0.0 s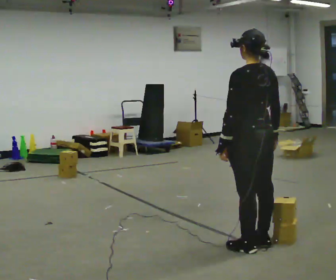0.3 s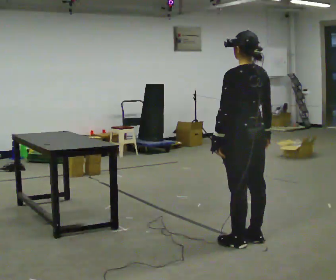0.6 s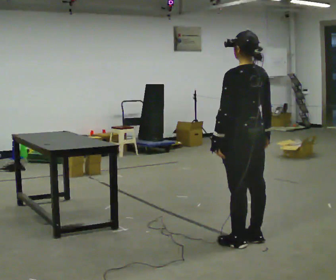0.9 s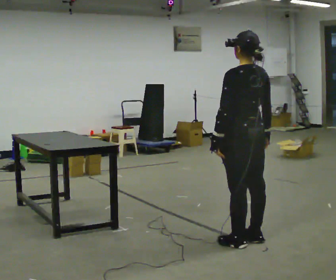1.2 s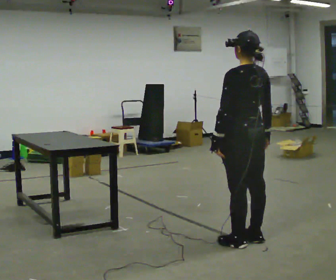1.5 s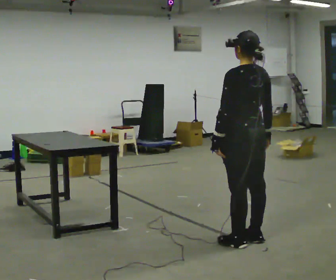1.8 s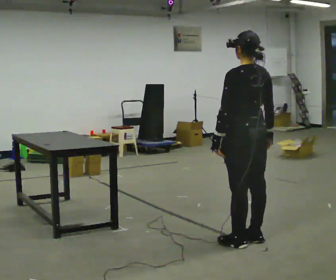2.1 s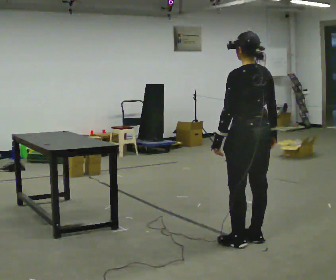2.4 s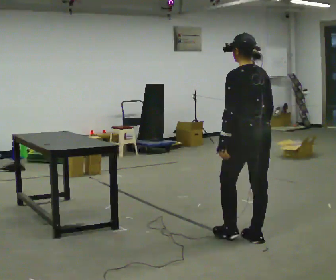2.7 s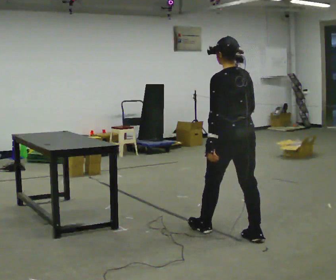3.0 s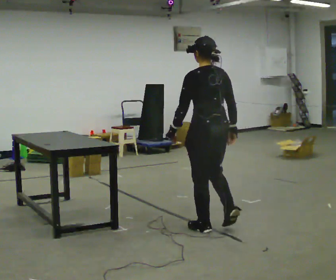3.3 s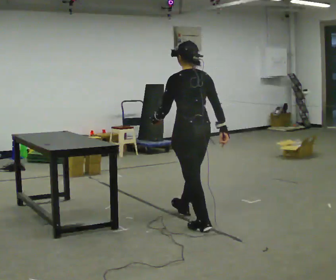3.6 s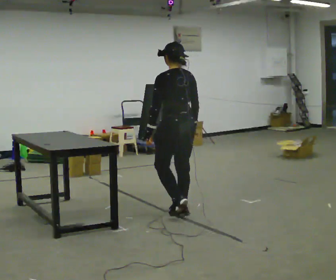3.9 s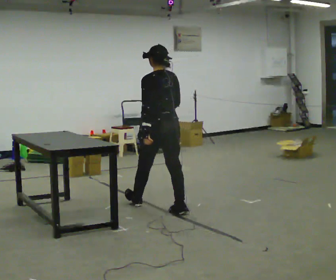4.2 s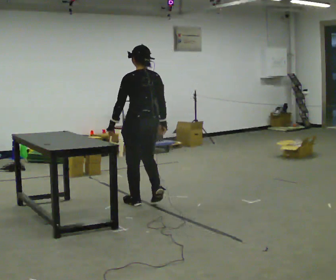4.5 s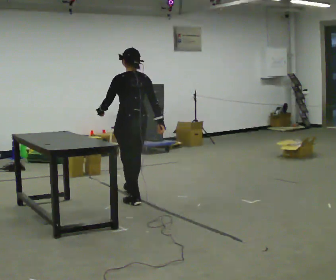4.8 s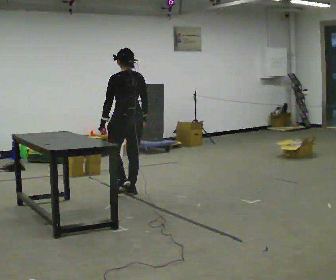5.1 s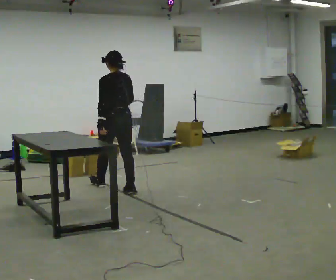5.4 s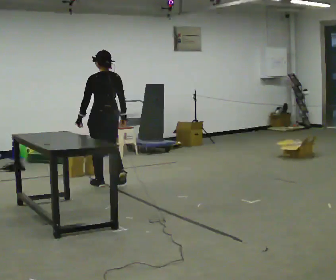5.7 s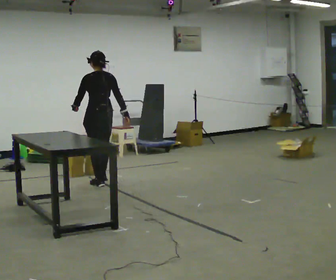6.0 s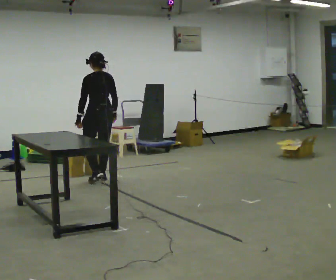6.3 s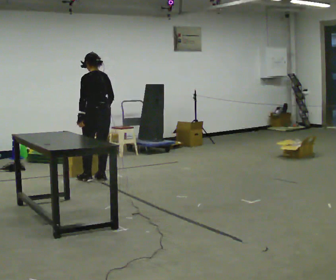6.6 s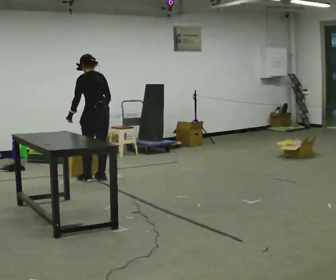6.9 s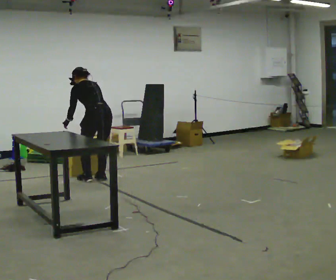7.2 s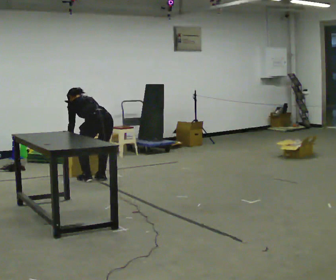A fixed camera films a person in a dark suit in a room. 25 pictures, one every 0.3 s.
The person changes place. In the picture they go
away from the camera.
0.0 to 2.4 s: In the picture they go away from the camera, about 0.25 m, which for them is forward.
2.4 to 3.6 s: In the picture they go away from the camera and to the left, about 1 m in 2 steps, which for them is forward.
3.6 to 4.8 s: In the picture they go away from the camera and to the left, about 1 m in 2 steps, which for them is forward.
4.8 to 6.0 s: In the picture they go away from the camera and to the left, about 1 m in 2 steps, which for them is forward.
6.0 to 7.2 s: The shoulders move downward. The upper body tips away from the camera, its near side rolling upward, as they bend forward. In the picture their right hand goes to the left.
The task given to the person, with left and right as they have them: Pick up the next box in the row and carry it to the table. The operator will not tell you how heavy each one is. Keep going until the operator says stop; one object at a time, and do not rush between trips.
The film runs forward here.
